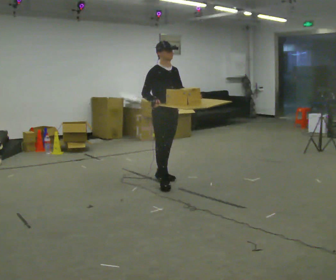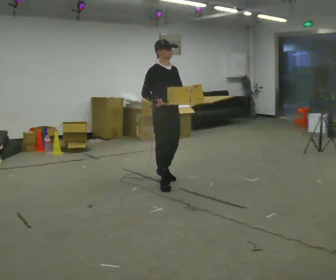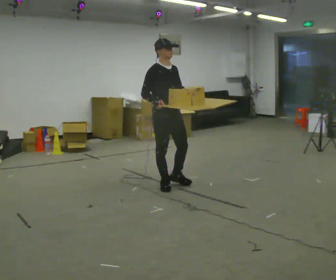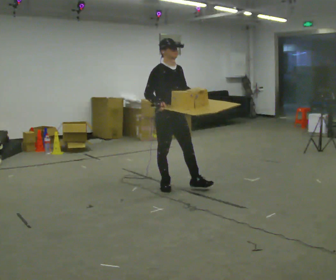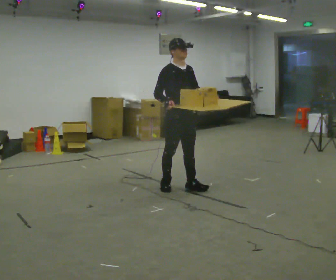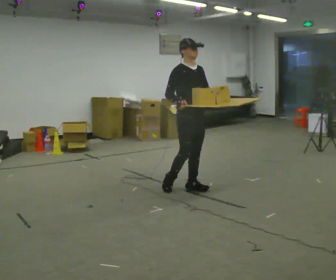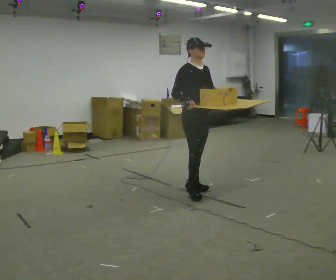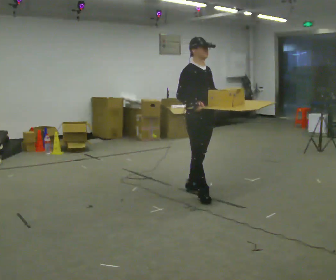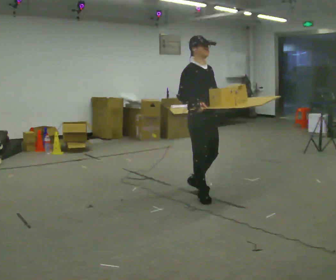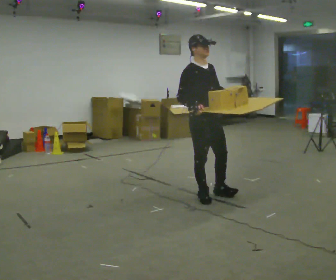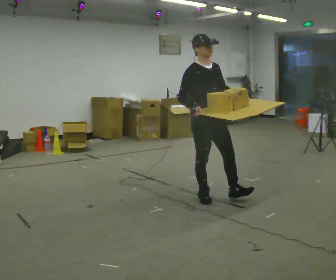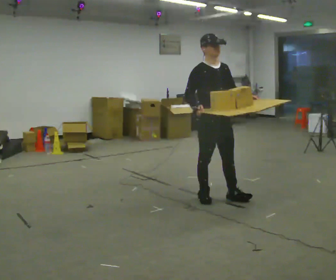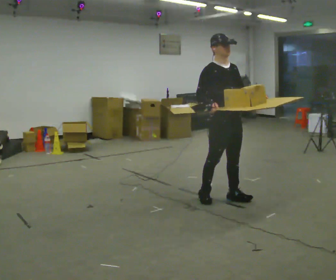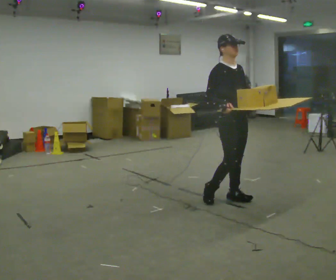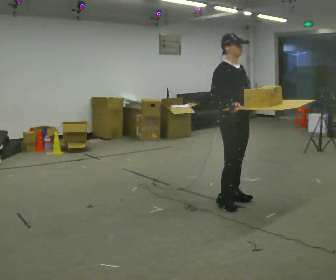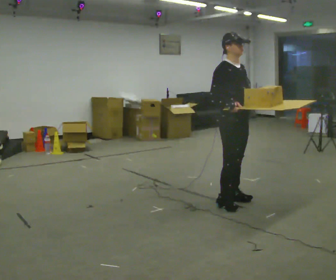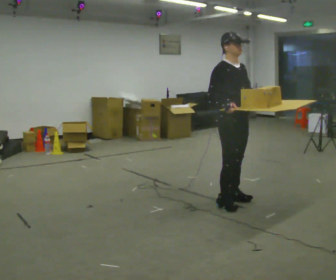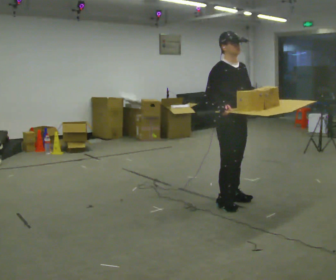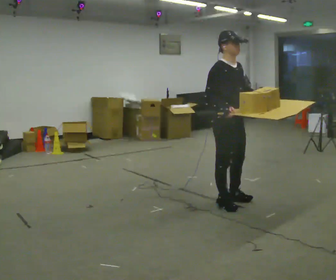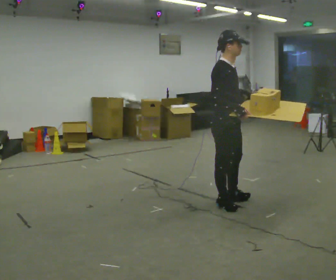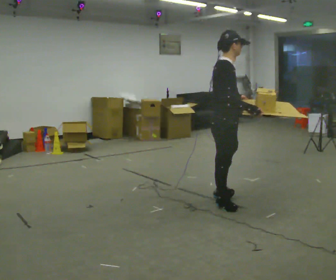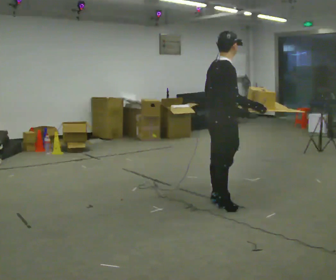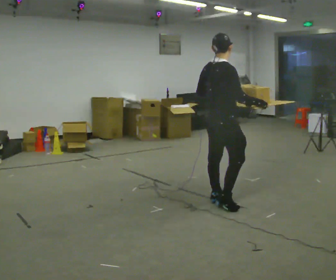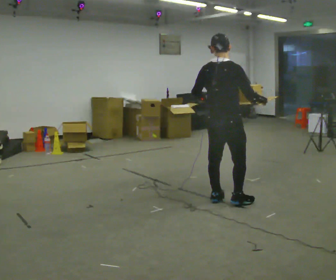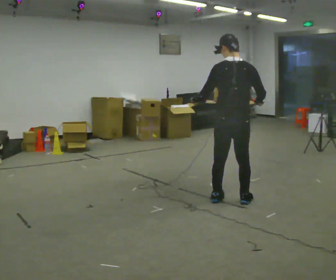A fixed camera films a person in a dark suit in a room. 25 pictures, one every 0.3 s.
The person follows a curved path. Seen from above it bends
counterclockwise.
0.0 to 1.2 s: In the picture they go toward the camera and to the right, about 0.25 m in 1 step, which for them is forward.
1.2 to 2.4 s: In the picture they go toward the camera and to the right, about 0.25 m in 1 step, which for them is forward.
2.4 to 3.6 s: In the picture they go to the right, about 0.25 m in 1 step, which for them is forward.
3.6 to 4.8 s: The person moves a little, or ends about where they began.
4.8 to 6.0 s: The person turns about 45 degrees to their left, counterclockwise seen from above, so the part of the body nearest the lens slides to the right.
6.0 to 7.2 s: The part of the body nearest the lens slides to the right as the person turns to their left by about 90 degrees. In the picture their left hand goes to the left.
The film runs forward here.
